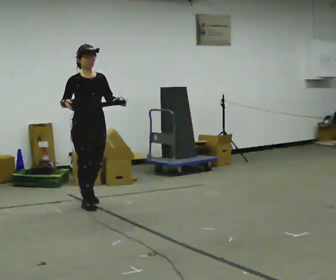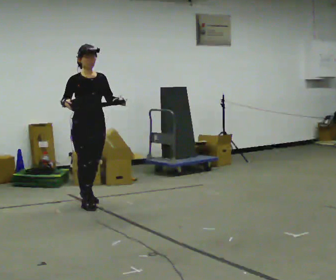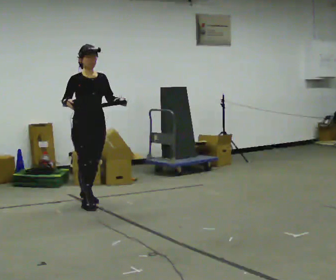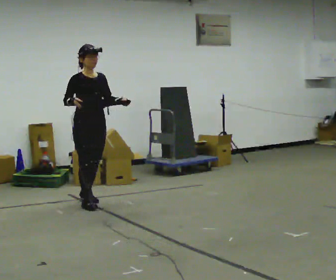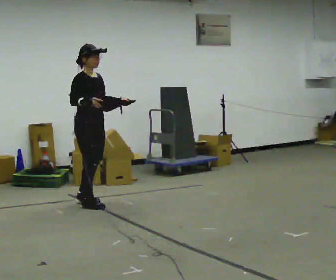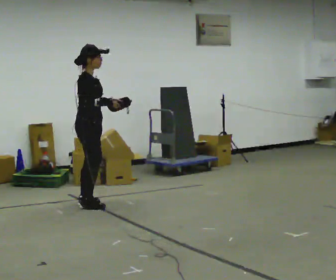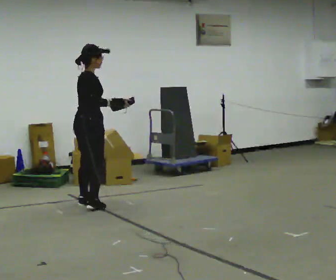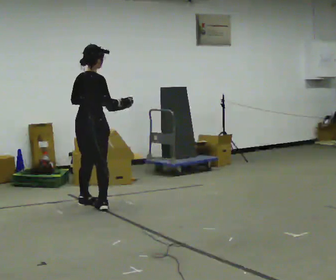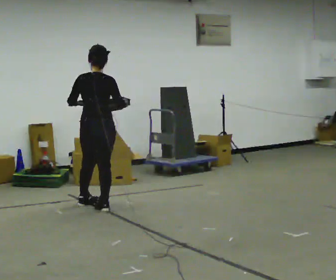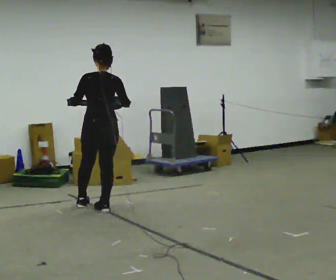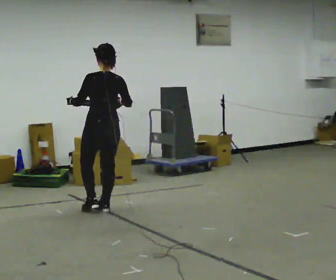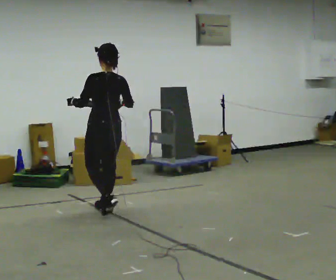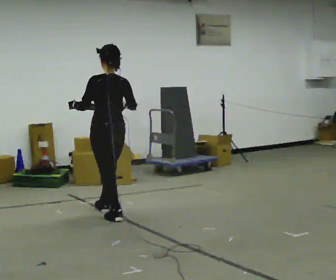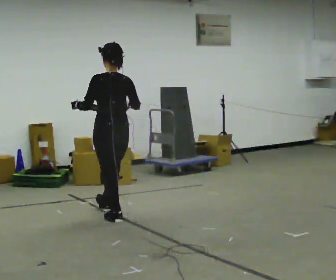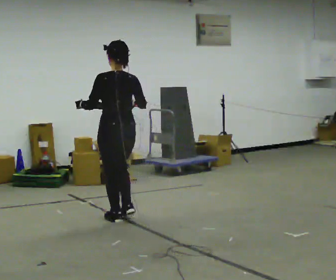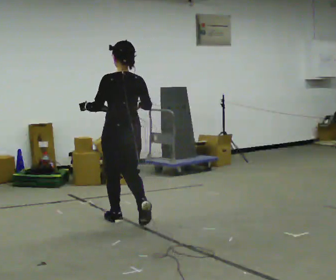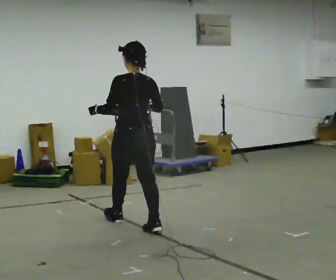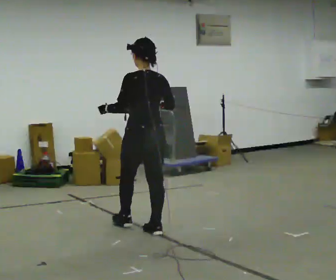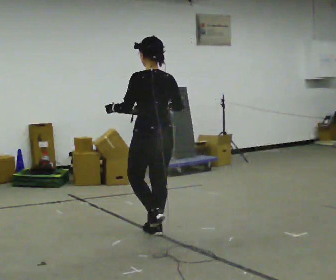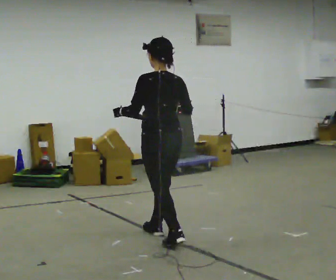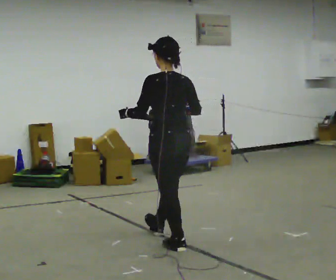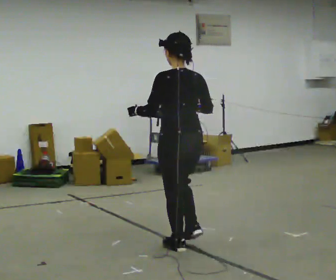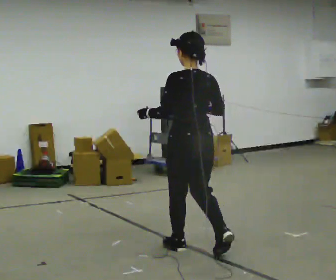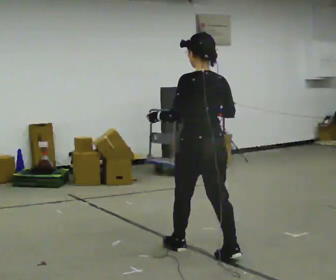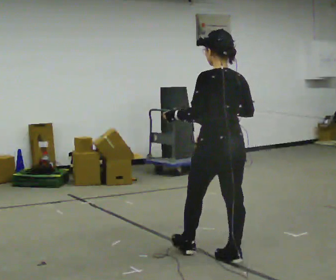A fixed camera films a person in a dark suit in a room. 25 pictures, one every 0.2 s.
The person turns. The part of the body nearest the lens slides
to the right.
The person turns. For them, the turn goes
to their left.
0.0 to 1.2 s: Seen from above the body turns counterclockwise, about 90 degrees: to their left, with its near side sliding to the right.
1.2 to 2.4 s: Seen from above the body turns counterclockwise, about 105 degrees: to their left, with its near side sliding to the right. In the picture they go toward the camera and to the right, about 0.5 m in 1 step.
2.4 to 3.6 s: In the picture they go toward the camera and to the right, about 1 m in 2 steps, which for them is backward.
3.6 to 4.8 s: In the picture they go toward the camera and to the right, about 1 m in 2 steps, which for them is backward.
The film runs backward here.
